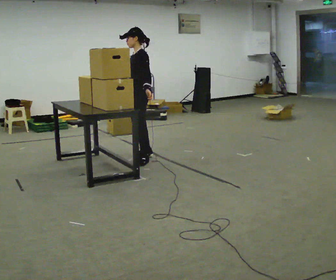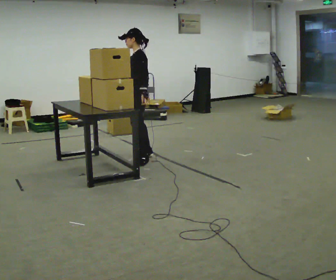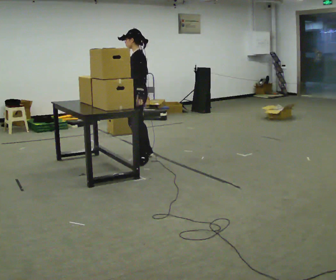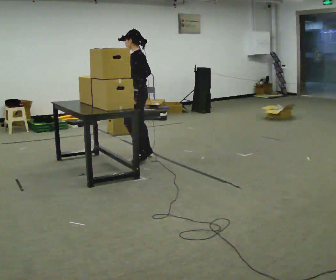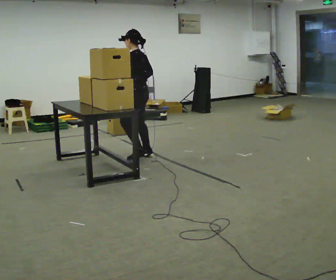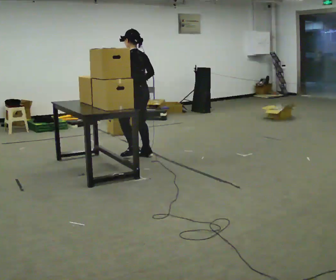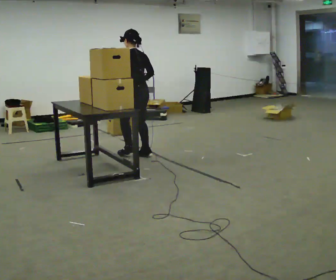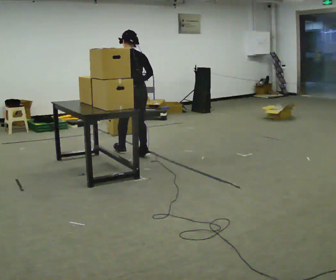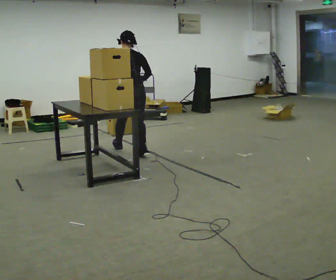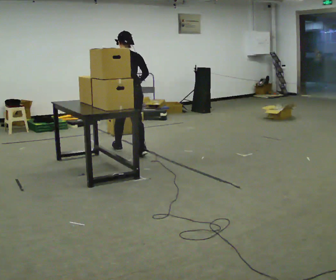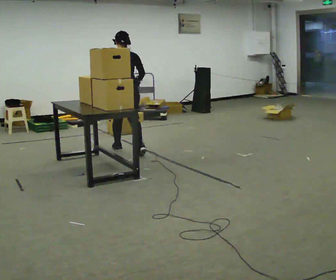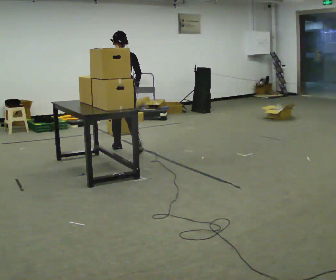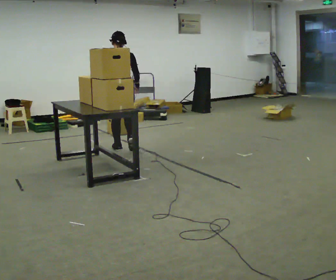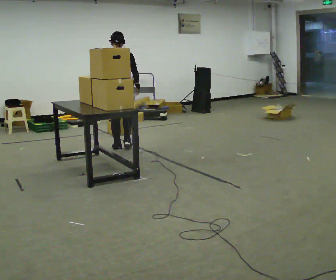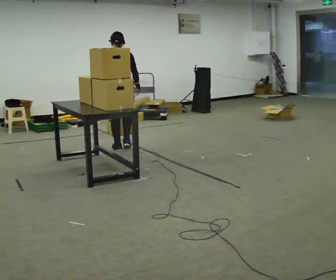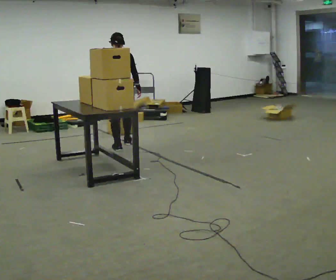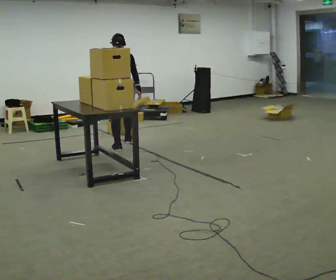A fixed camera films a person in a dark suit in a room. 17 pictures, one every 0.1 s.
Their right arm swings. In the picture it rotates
counterclockwise.
The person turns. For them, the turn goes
to their right.
0.0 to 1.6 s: The part of the body nearest the lens slides to the left as the person turns to their right by about 90 degrees. In the picture they go away from the camera and to the left, about 0.75 m in 1 step.
The film runs forward here.
